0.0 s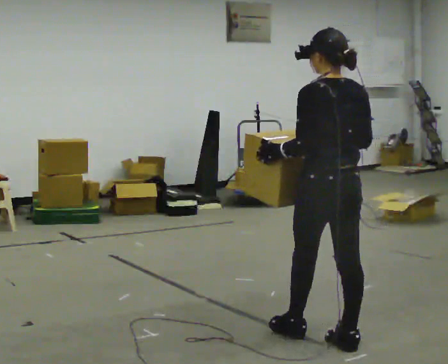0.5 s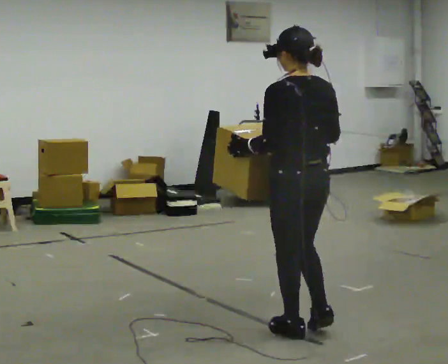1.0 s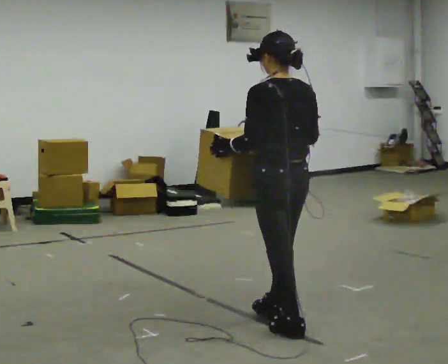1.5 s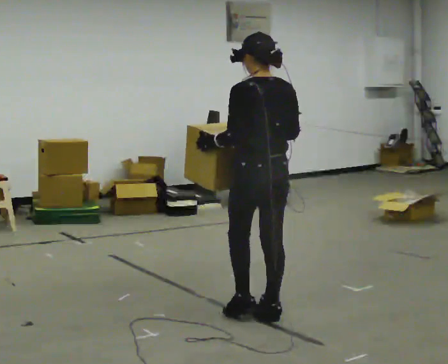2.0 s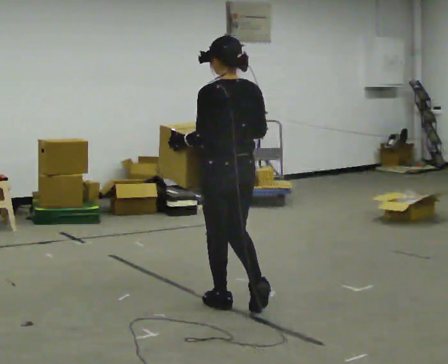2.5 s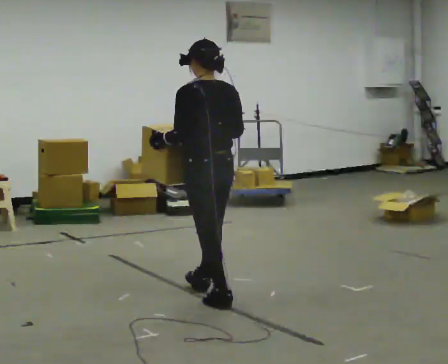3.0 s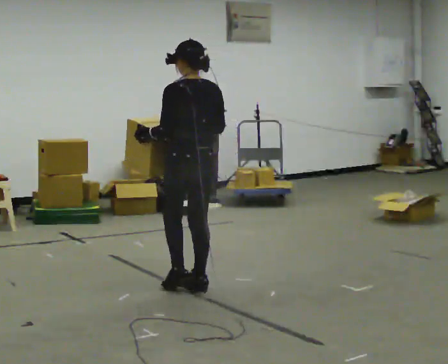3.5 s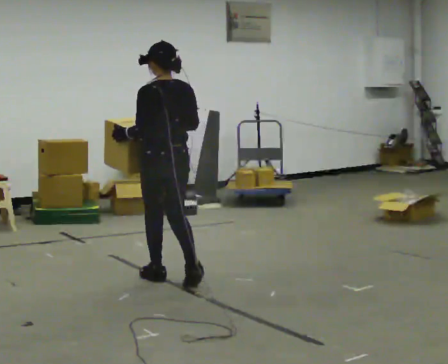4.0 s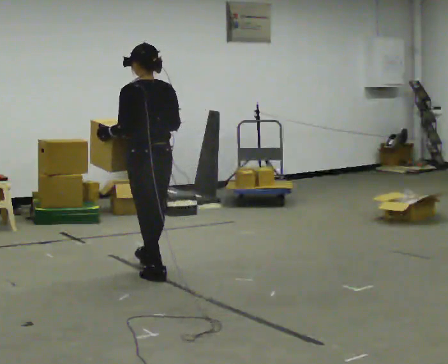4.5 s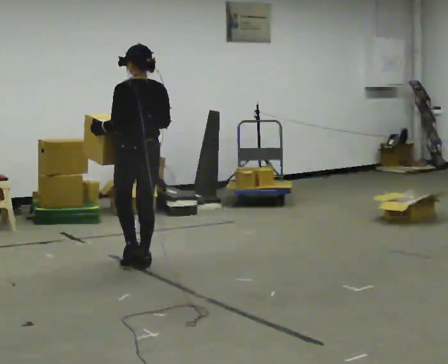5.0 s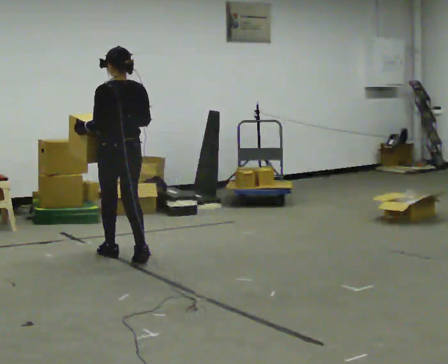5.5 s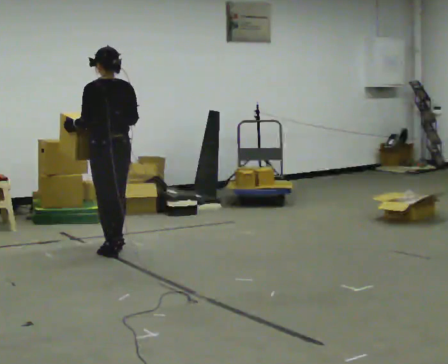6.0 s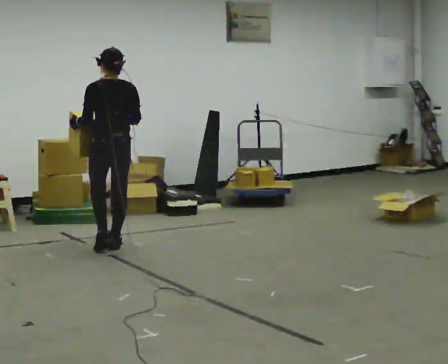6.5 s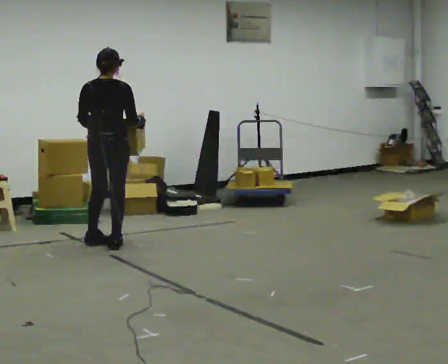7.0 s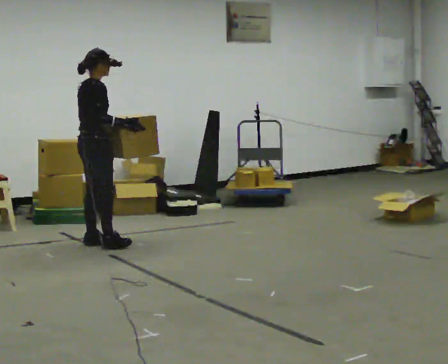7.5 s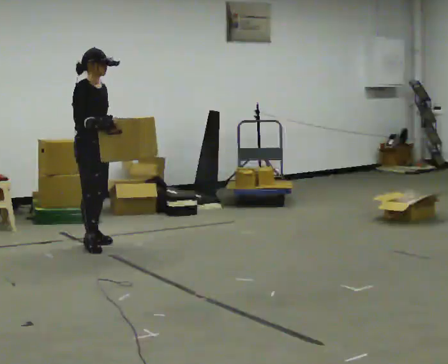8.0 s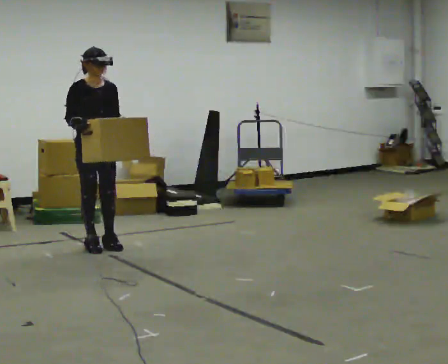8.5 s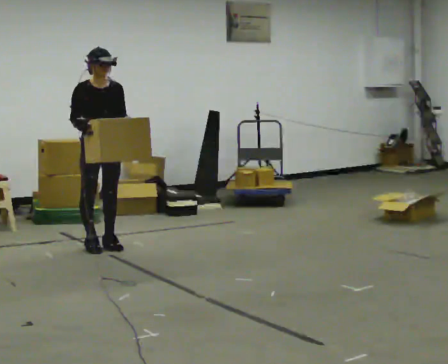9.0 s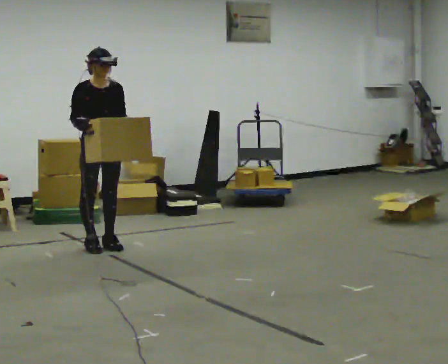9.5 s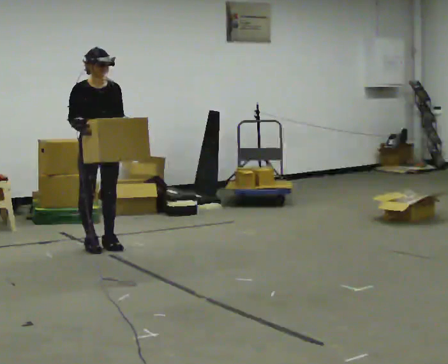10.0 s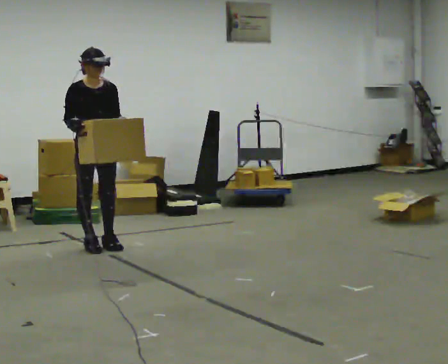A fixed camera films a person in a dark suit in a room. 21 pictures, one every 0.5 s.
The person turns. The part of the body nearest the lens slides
to the left.
The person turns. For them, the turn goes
to their right.
0.0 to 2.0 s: In the picture they go away from the camera and to the left, about 1 m in 2 steps, which for them is forward.
2.0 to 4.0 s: In the picture they go away from the camera and to the left, about 1 m in 2 steps, which for them is forward.
4.0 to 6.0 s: In the picture they go away from the camera and to the left, about 1 m in 3 steps, which for them is forward.
6.0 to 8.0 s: Seen from above the body turns clockwise, about 165 degrees: to their right, with its near side sliding to the left. In the picture their right hand goes to the left.
8.0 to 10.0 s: The person moves a little, or ends about where they began.
The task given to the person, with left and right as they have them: Carry the box across the room much more slowly and carefully than normal, back and forth.
The film runs forward here.
